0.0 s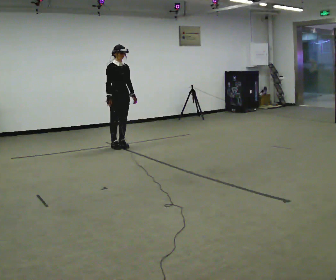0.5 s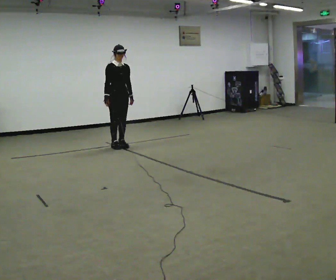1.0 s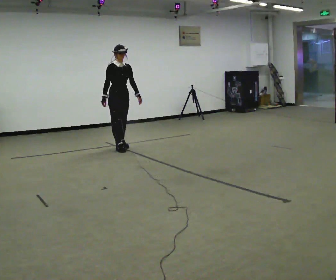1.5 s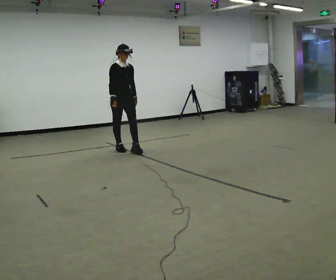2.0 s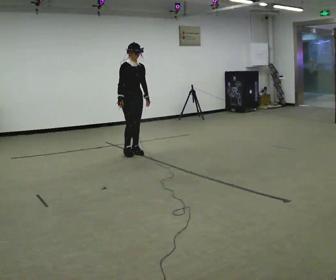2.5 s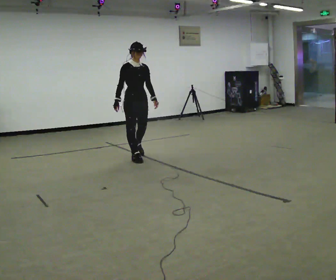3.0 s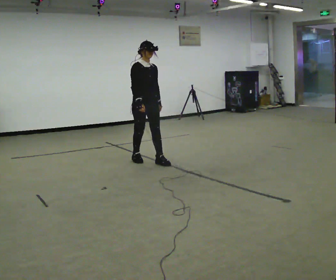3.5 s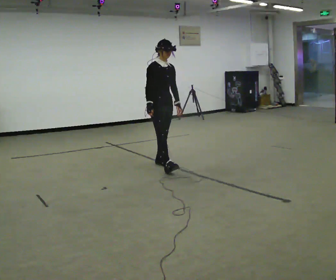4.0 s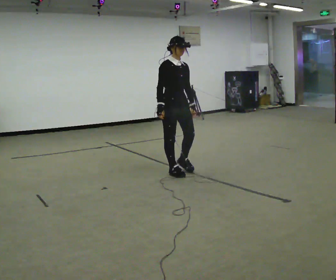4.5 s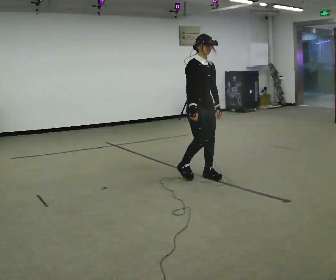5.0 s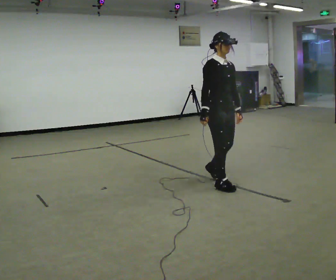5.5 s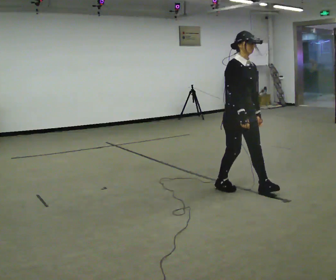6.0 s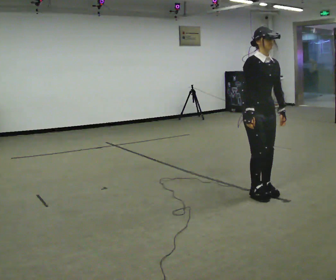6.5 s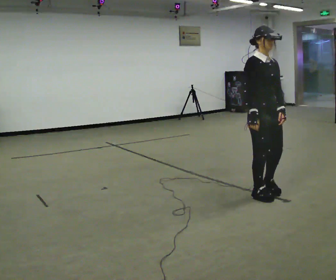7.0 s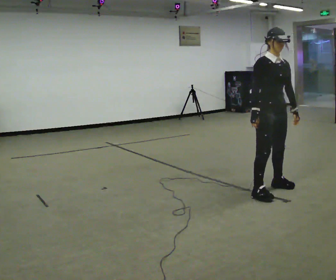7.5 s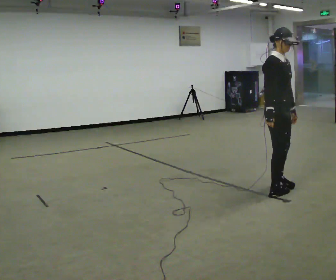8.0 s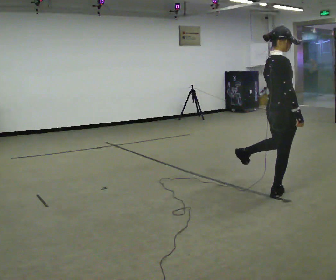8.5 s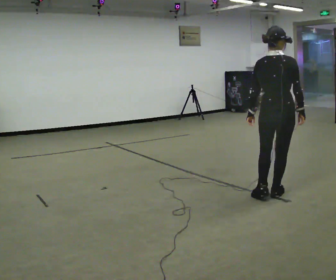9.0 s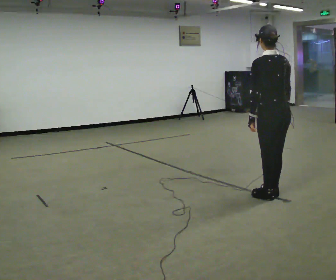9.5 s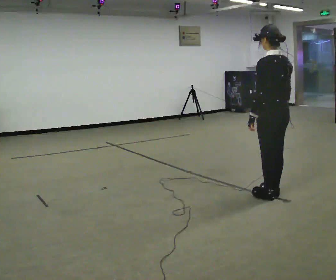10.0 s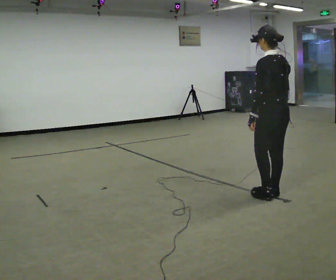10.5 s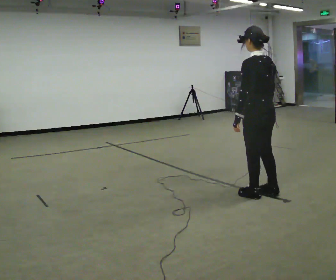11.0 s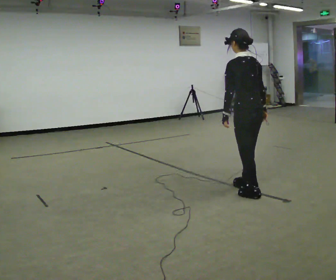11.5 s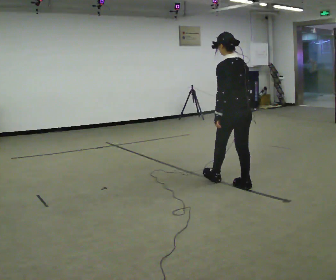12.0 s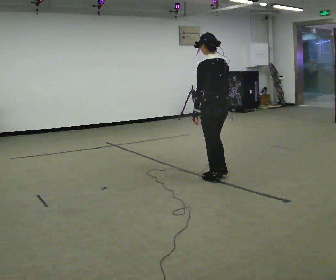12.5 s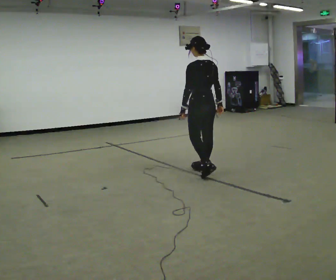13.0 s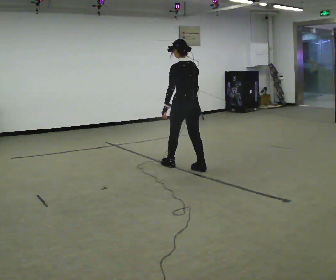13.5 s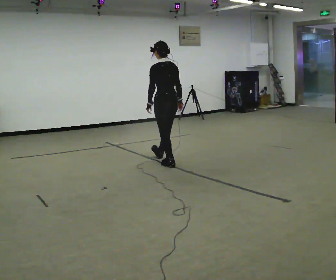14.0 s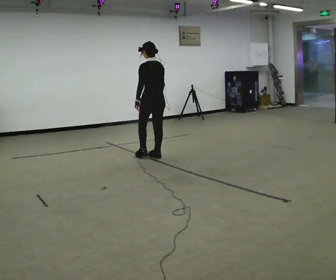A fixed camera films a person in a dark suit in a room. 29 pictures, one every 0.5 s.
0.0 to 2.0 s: In the picture they go toward the camera and to the right, about 0.5 m in 3 steps, which for them is forward.
2.0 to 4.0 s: In the picture they go toward the camera and to the right, about 1 m in 3 steps, which for them is forward.
4.0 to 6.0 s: In the picture they go to the right and toward the camera, about 1 m in 3 steps, which for them is forward.
6.0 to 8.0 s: The part of the body nearest the lens slides to the right as the person turns to their left by about 75 degrees. In the picture they go to the right, about 0.25 m in 3 steps. In the picture their right hand goes to the right.
8.0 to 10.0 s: The person turns about 120 degrees to their left, counterclockwise seen from above, so the part of the body nearest the lens slides to the right.
10.0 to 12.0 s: In the picture they go to the left and away from the camera, about 1 m in 3 steps, which for them is forward.
12.0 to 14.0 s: In the picture they go to the left and away from the camera, about 1.5 m in 3 steps, which for them is forward.
The film runs backward here.
